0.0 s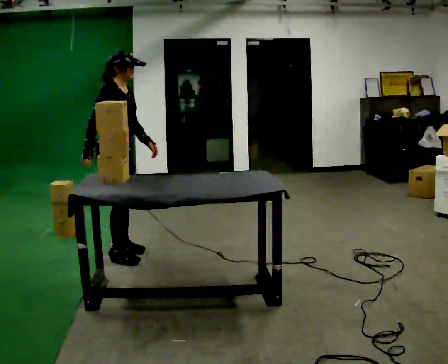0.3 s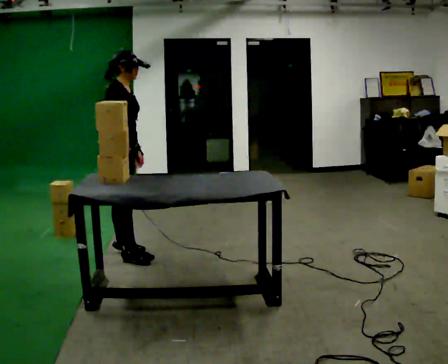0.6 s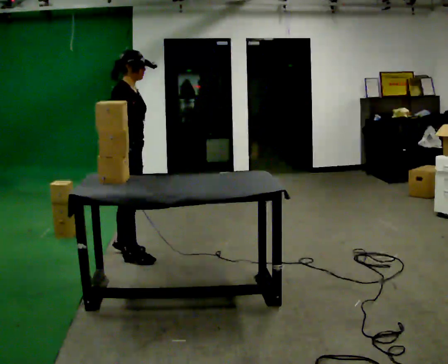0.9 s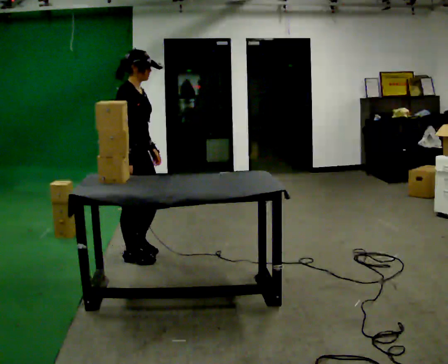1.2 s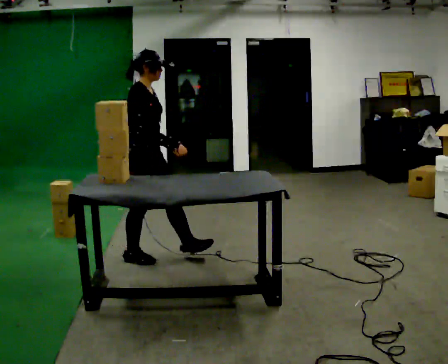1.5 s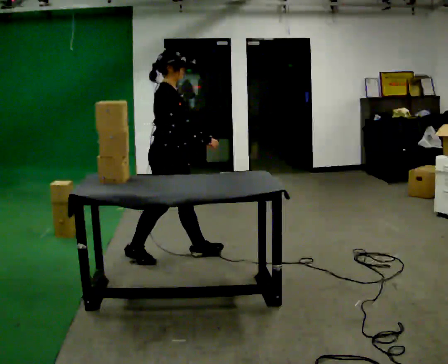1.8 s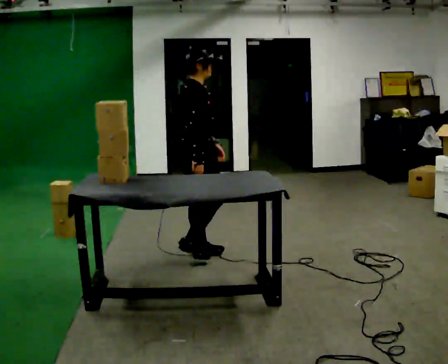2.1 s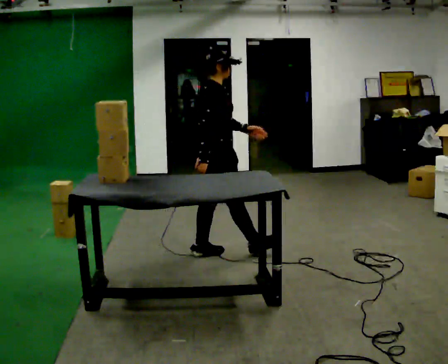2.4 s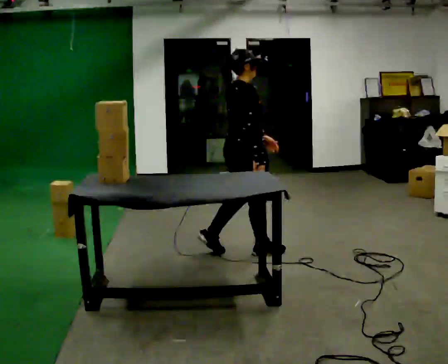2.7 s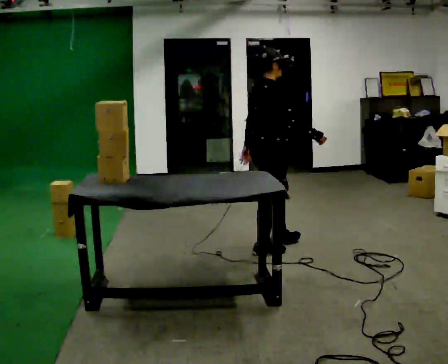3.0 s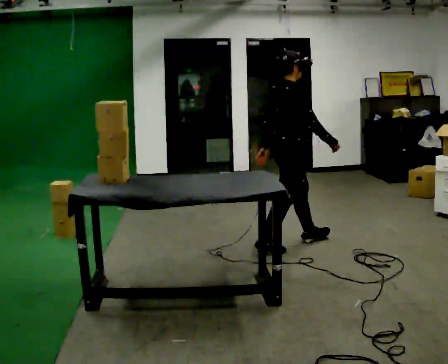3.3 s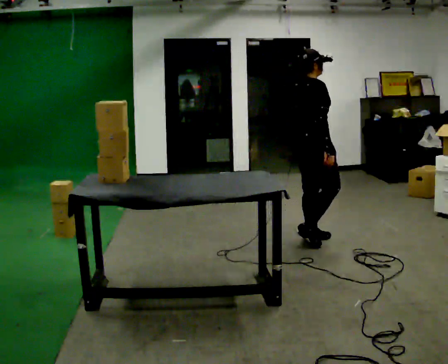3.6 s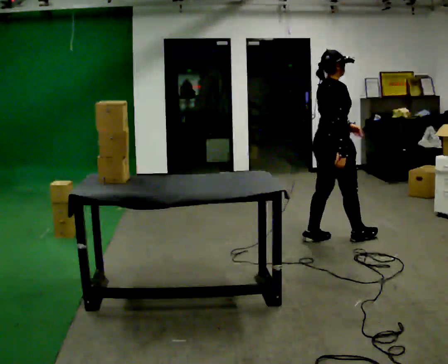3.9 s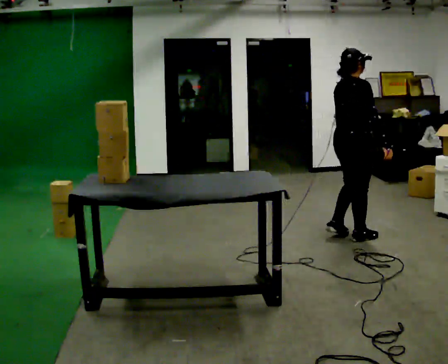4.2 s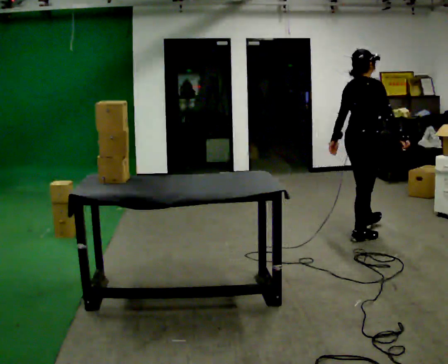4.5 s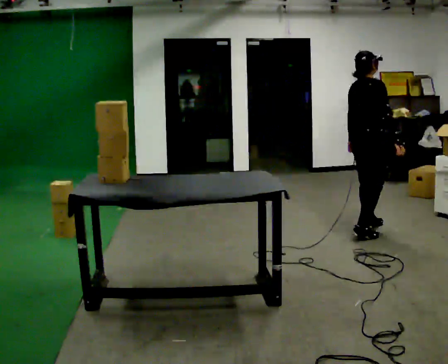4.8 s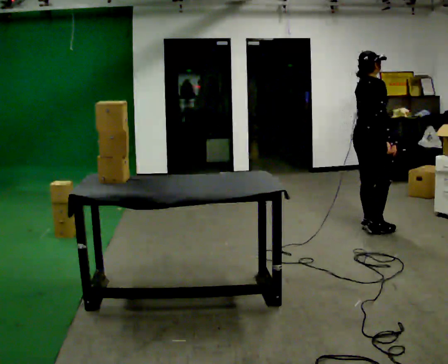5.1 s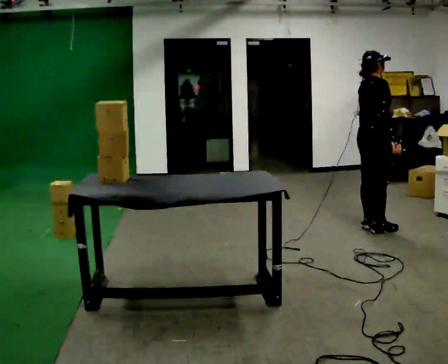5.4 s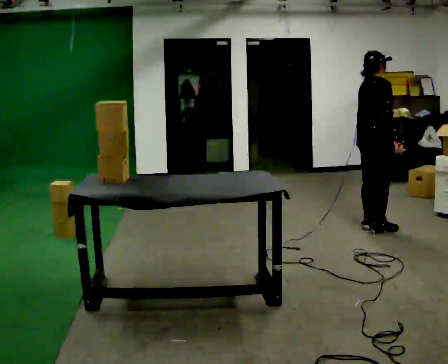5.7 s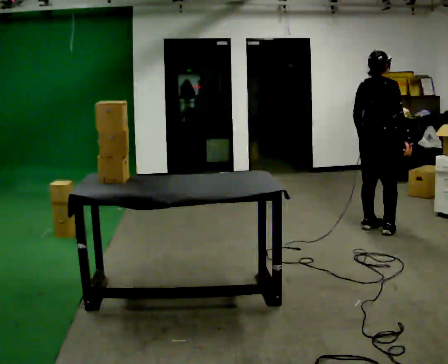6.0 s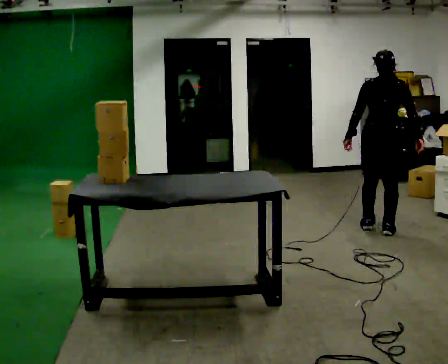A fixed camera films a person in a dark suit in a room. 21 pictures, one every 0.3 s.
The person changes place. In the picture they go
to the right.
0.0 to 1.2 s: In the picture they go to the right, about 0.25 m, which for them is forward.
1.2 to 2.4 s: The part of the body nearest the lens slides to the right as the person turns to their left by about 30 degrees. In the picture they go to the right, about 1 m in 2 steps, which for them is forward.
2.4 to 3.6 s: In the picture they go to the right and away from the camera, about 1 m in 2 steps, which for them is forward.
3.6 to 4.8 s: In the picture they go to the right and away from the camera, about 0.5 m in 1 step, which for them is forward.
4.8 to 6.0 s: The person turns about 60 degrees to their left, counterclockwise seen from above, so the part of the body nearest the lens slides to the right.
The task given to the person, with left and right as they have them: Bring the boxes over one at a time and stack them on top of each other, walking back for each one. Keep going until the operator says stop; one object at a time, and do not rush between trips.
The film runs forward here.
